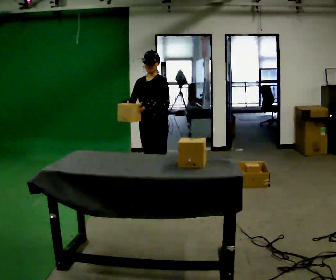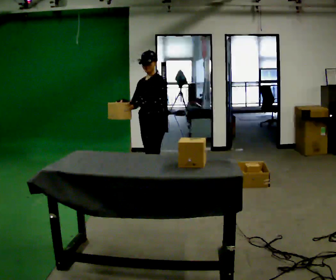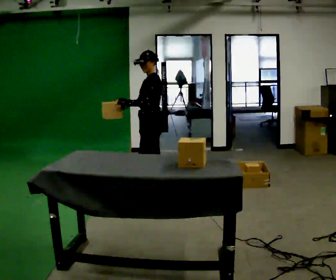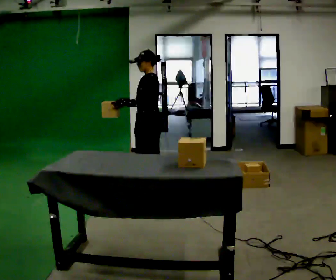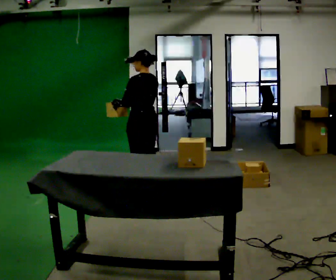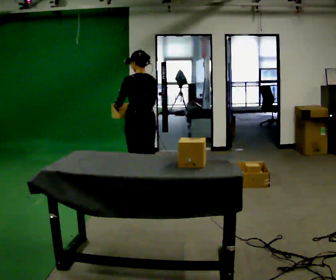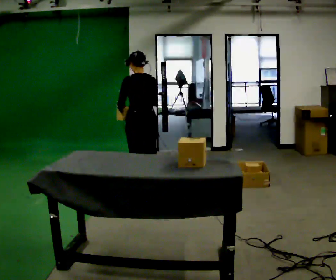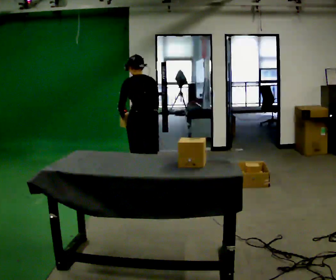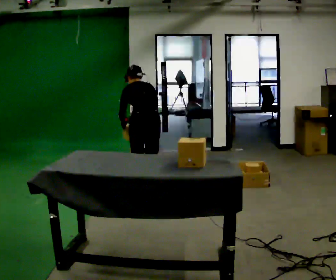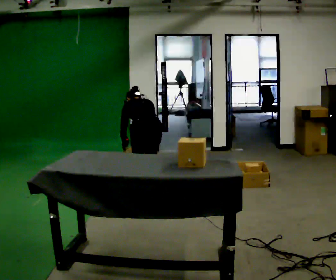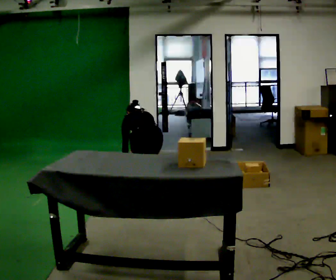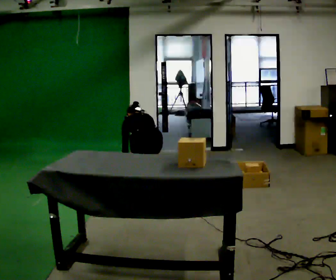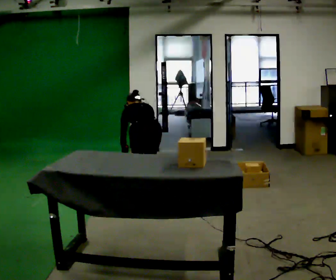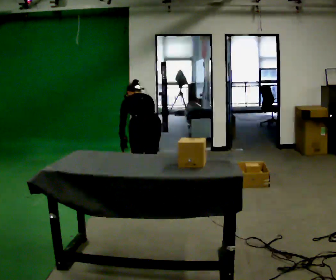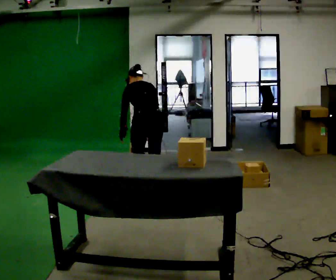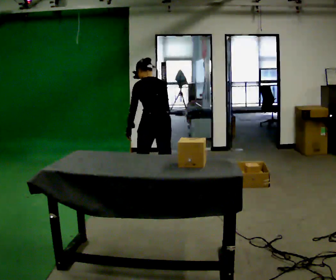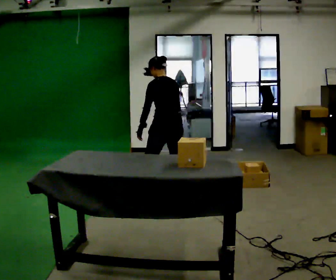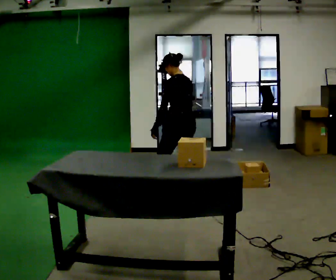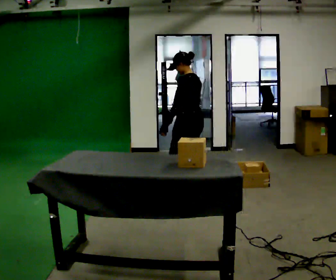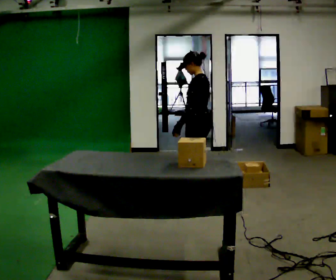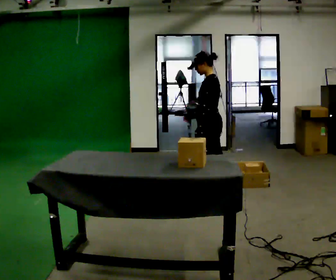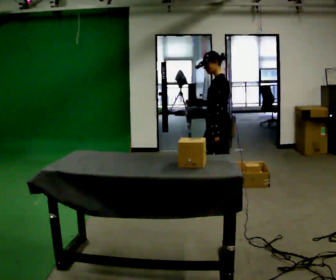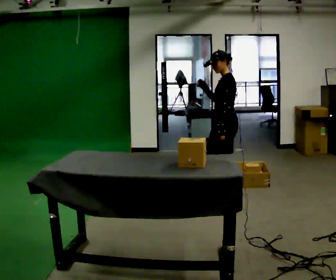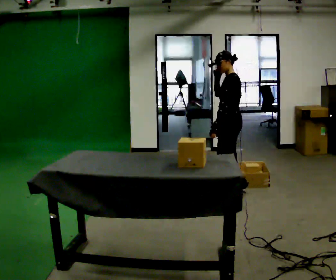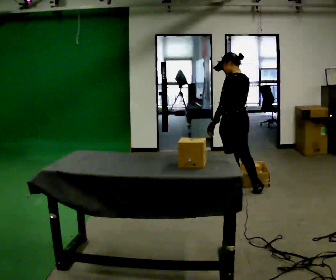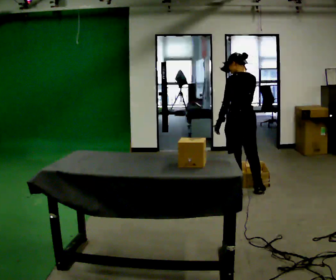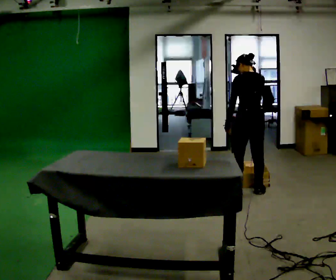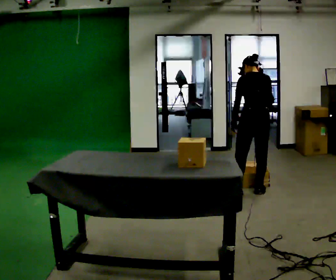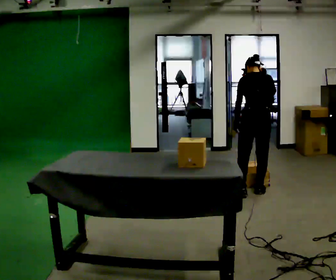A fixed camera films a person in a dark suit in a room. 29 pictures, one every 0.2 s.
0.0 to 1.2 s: The part of the body nearest the lens slides to the left as the person turns to their right by about 120 degrees.
1.2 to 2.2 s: The shoulders move downward. The upper body tips away from the camera, its near side rolling upward, as they bend forward. In the picture their right hand goes downward.
2.2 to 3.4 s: The part of the body nearest the lens slides to the right as the person turns to their left by about 30 degrees. In the picture they go to the right, about 0.25 m in 2 steps, which for them is to their right. The upper body goes upward. The upper body tips toward the camera, its near side rolling downward, as they lean back or straighten. In the picture their left hand goes upward.
3.4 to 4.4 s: Seen from above the body turns counterclockwise, about 45 degrees: to their left, with its near side sliding to the right. In the picture they go to the right, about 0.5 m in 1 step, which for them is backward. In the picture their right hand goes upward.
4.4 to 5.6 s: The person turns about 90 degrees to their right, clockwise seen from above, so the part of the body nearest the lens slides to the left. In the picture they go to the right, about 0.25 m.
The film runs backward here.
